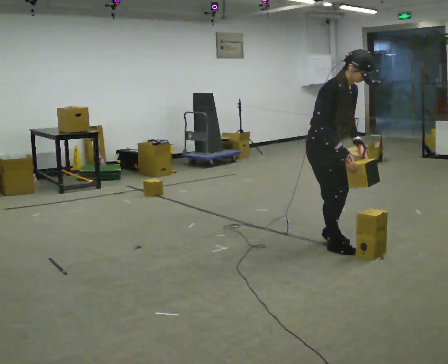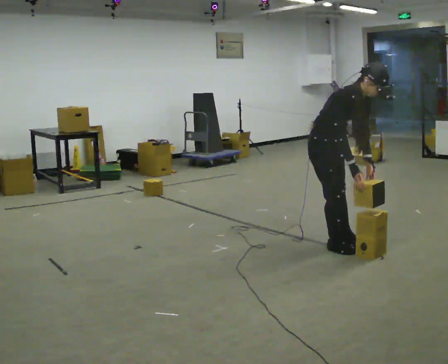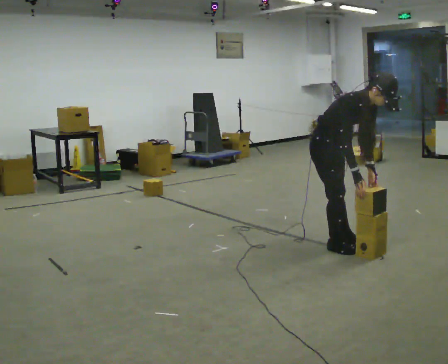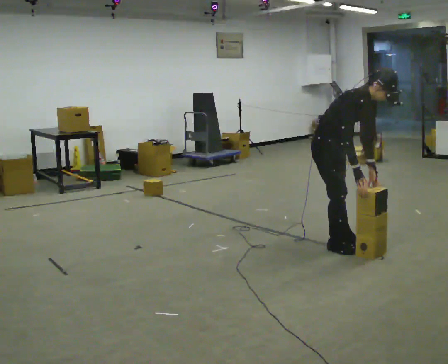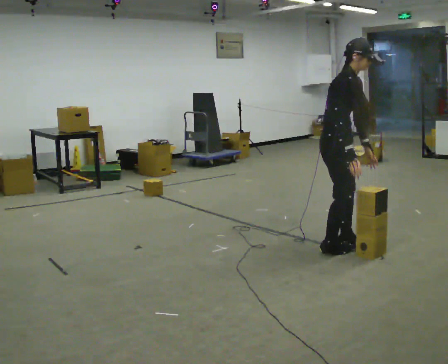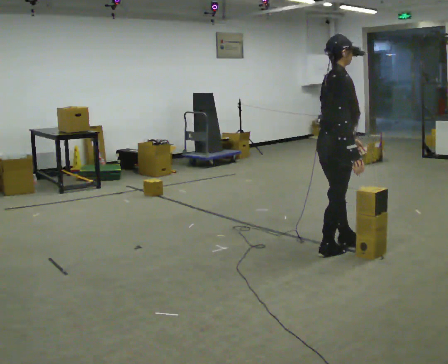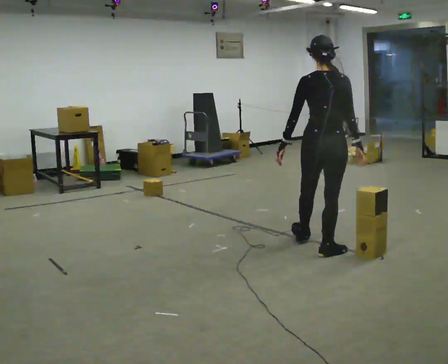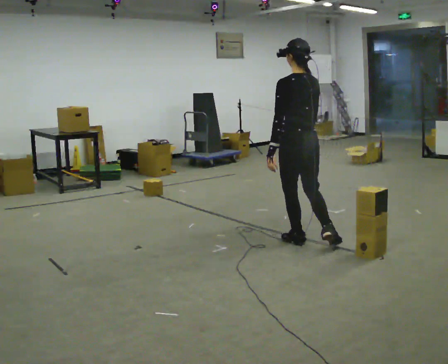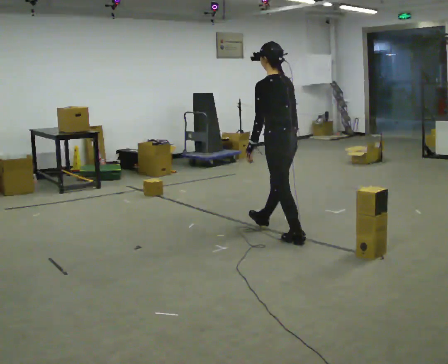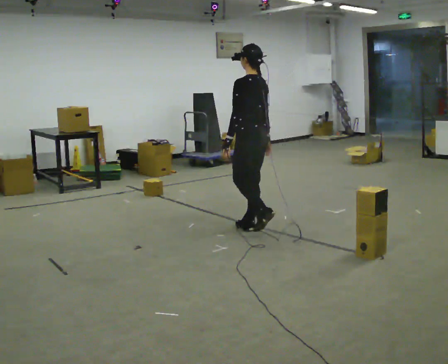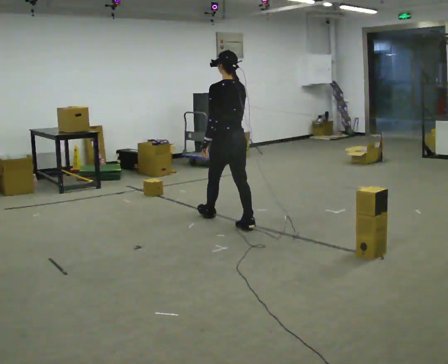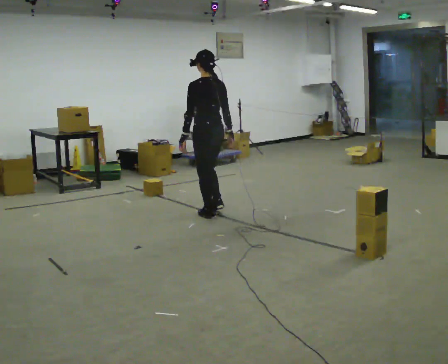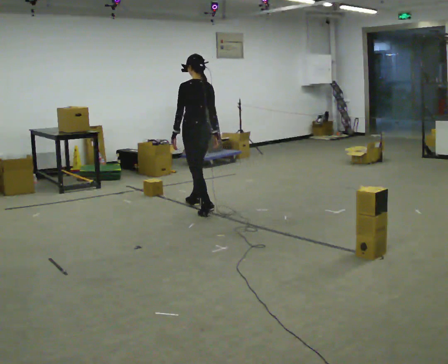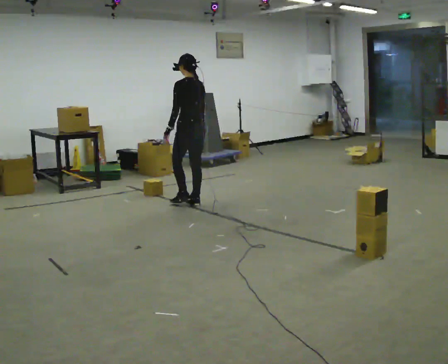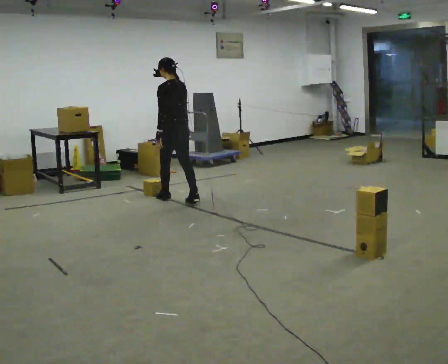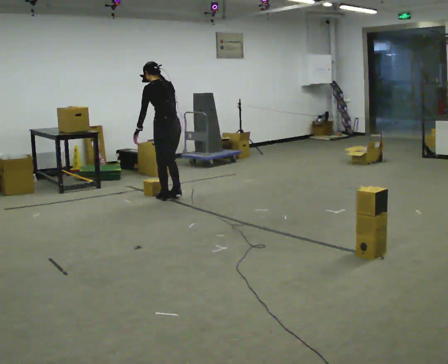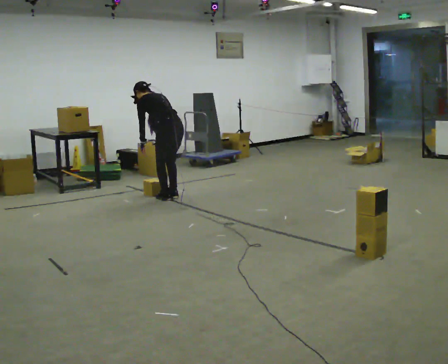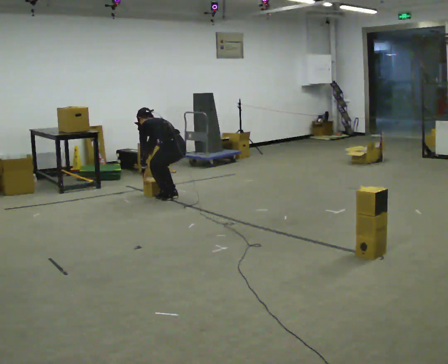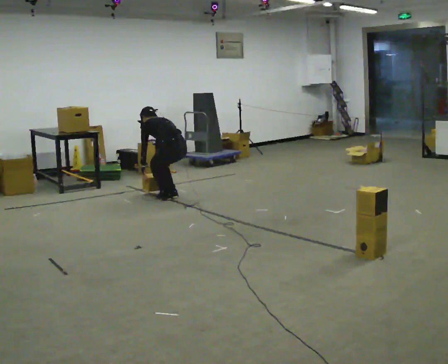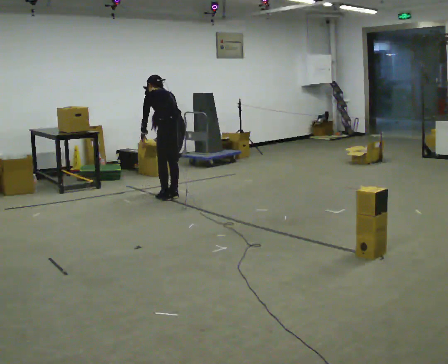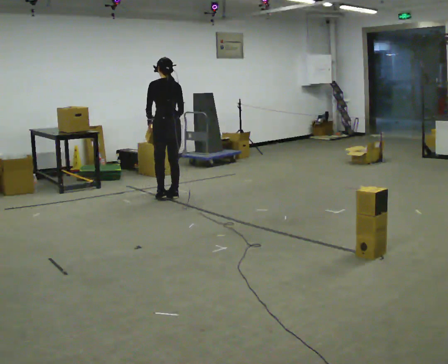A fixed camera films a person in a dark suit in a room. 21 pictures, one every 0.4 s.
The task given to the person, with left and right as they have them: Carry the stack of boxes across the room without letting it fall over, then bring it back. Keep going until the operator says stop; one object at a time, and do not rush between trips.
0.0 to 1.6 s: The person moves a little, or ends about where they began.
1.6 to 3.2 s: The person turns about 165 degrees to their left, counterclockwise seen from above, so the part of the body nearest the lens slides to the right. In the picture they go away from the camera and to the left, about 0.5 m in 2 steps.
3.2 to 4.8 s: In the picture they go away from the camera and to the left, about 1.5 m in 3 steps, which for them is forward.
4.8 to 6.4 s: In the picture they go away from the camera and to the left, about 0.5 m in 2 steps, which for them is forward. The upper body goes downward. The upper body tips away from the camera, its near side rolling upward, as they bend forward.
6.4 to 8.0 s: Seen from above the body turns clockwise, about 30 degrees: to their right, with its near side sliding to the left. In the picture their left hand goes upward.
The film runs forward here.
